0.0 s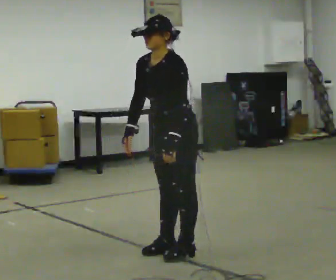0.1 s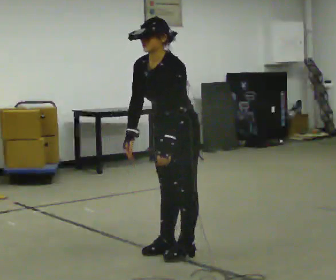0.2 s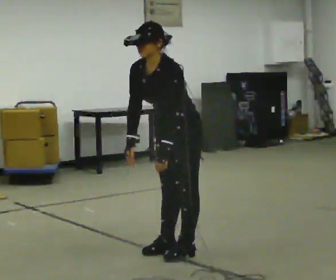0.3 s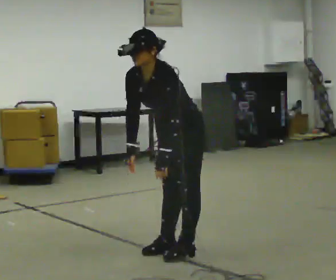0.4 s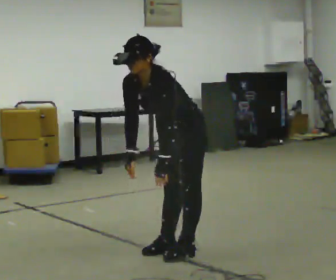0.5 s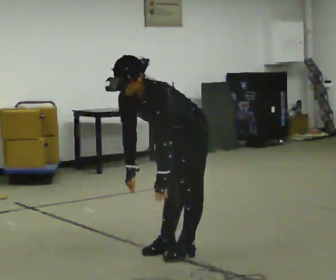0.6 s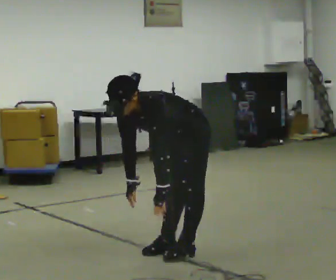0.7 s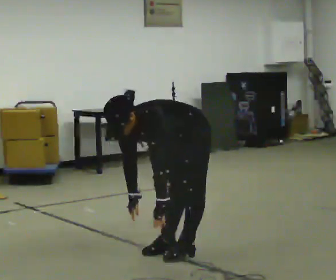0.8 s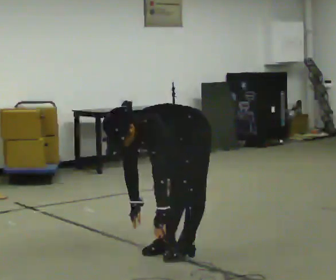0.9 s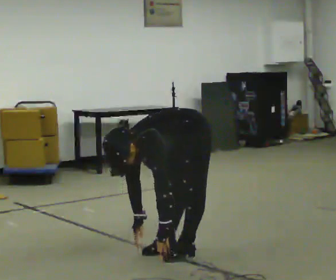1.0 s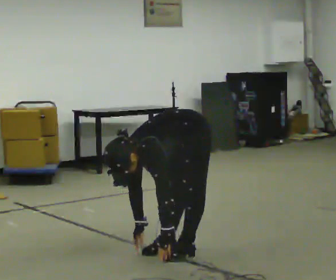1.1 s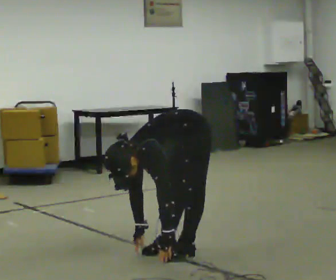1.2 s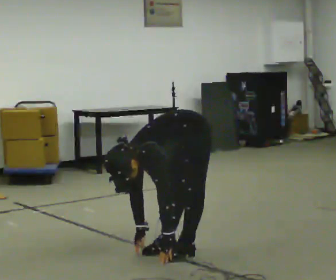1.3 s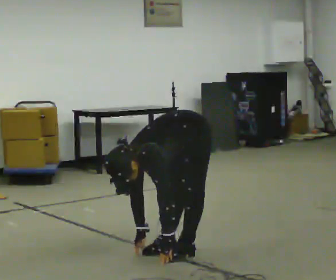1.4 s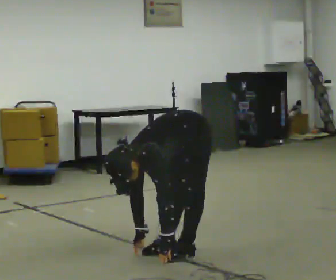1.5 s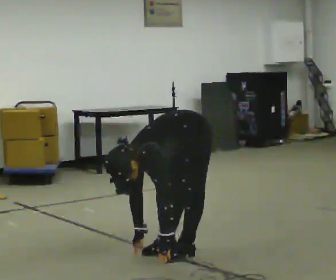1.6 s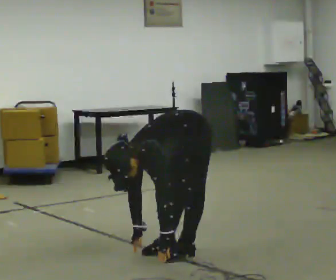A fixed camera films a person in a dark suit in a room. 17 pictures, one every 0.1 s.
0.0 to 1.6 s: The shoulders move downward. In the picture the upper body tilts counterclockwise, shoulders to the left, as they bend forward. In the picture their right hand goes downward.
The film runs backward here.
